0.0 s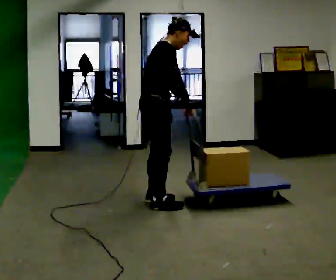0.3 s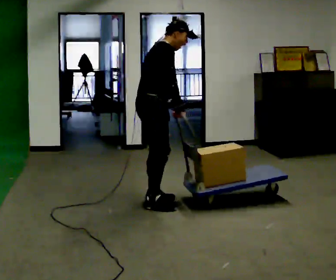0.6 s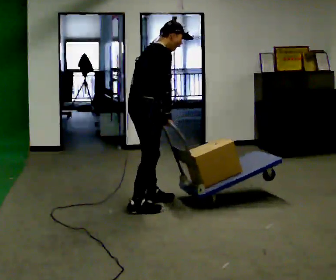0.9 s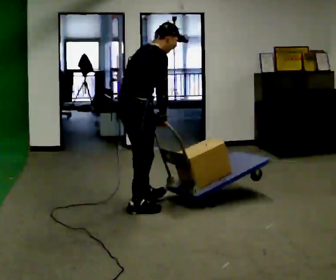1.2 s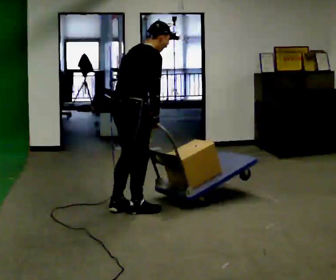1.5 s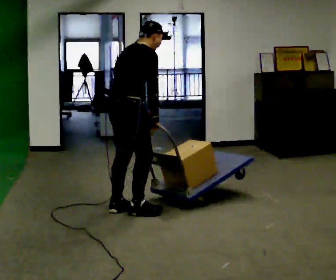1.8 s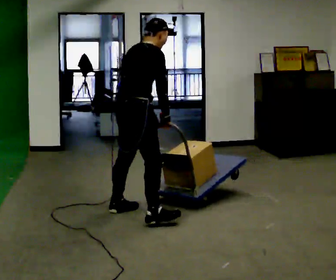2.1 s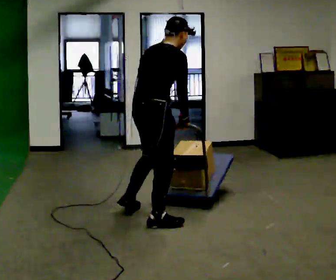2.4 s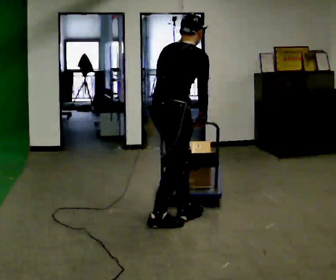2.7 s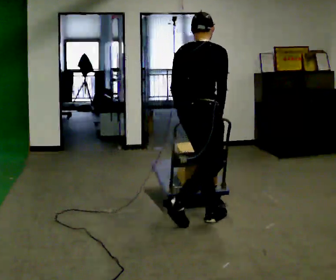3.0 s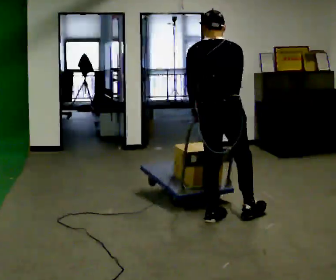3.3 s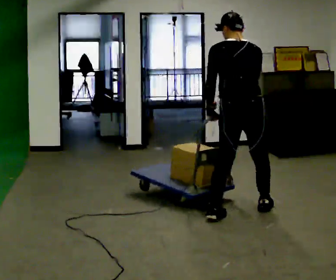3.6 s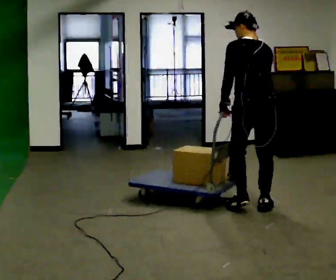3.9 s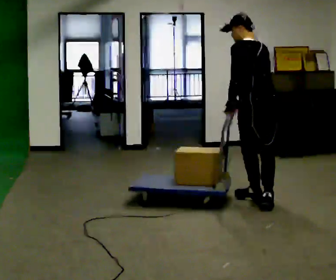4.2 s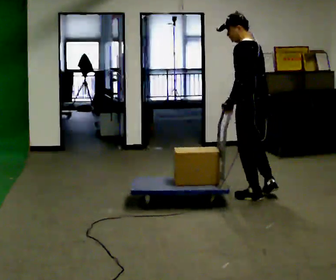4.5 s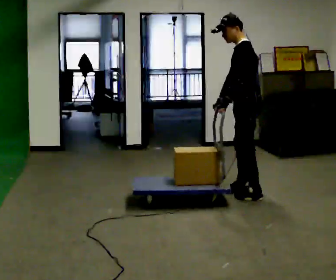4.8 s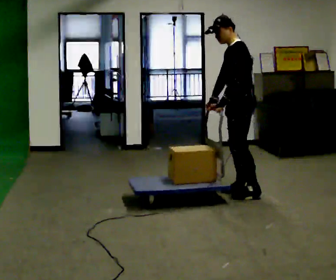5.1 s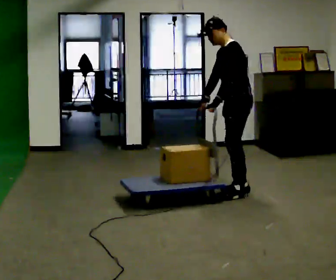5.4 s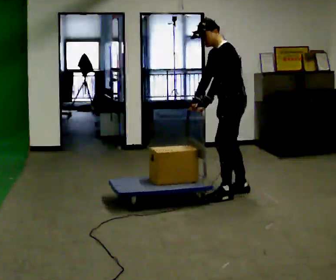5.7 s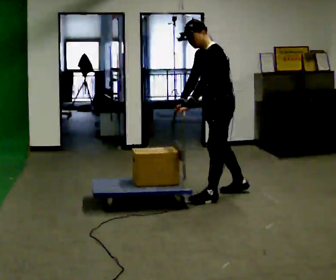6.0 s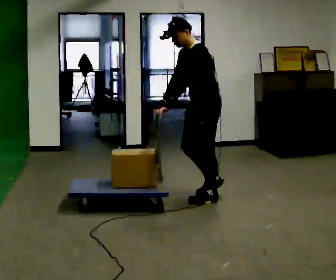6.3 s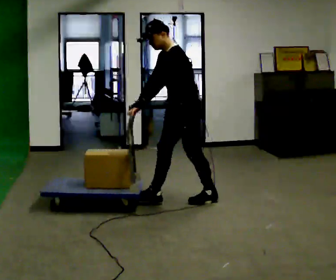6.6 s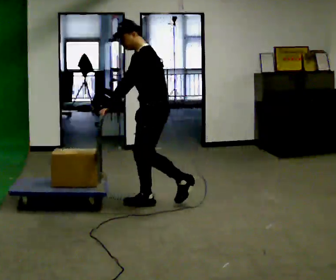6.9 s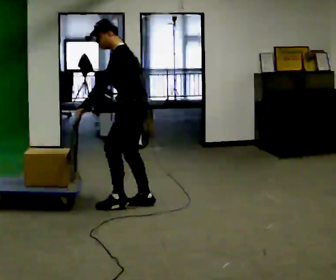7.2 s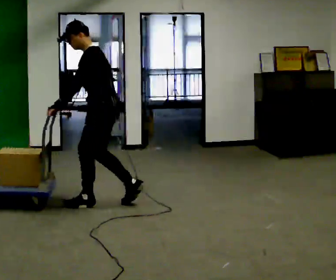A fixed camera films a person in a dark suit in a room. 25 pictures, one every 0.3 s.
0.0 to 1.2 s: In the picture they go toward the camera, about 0.25 m in 1 step, which for them is backward and to their right.
1.2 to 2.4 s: In the picture they go to the right and toward the camera, about 0.5 m in 2 steps, which for them is to their right.
2.4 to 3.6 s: The person turns about 75 degrees to their left, counterclockwise seen from above, so the part of the body nearest the lens slides to the right. In the picture they go to the right and away from the camera, about 1 m in 2 steps. In the picture the upper body tilts counterclockwise, shoulders to the left.
3.6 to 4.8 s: Seen from above the body turns counterclockwise, about 75 degrees: to their left, with its near side sliding to the right. In the picture they go away from the camera, about 0.5 m in 2 steps.
4.8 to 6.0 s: In the picture they go to the left and toward the camera, about 0.5 m in 1 step, which for them is forward.
6.0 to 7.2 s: In the picture they go to the left, about 1 m in 2 steps, which for them is forward.
The film runs forward here.
